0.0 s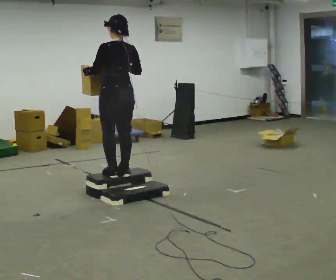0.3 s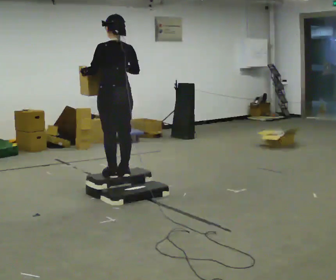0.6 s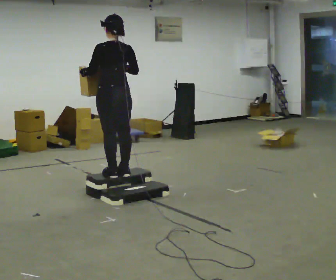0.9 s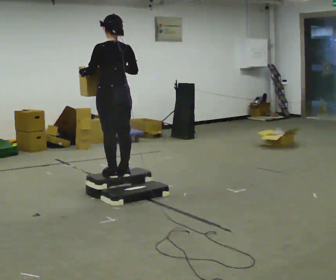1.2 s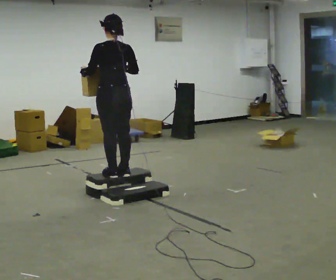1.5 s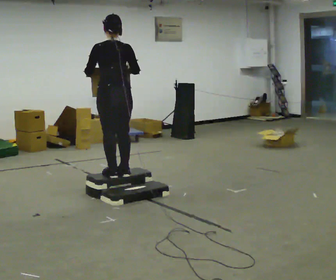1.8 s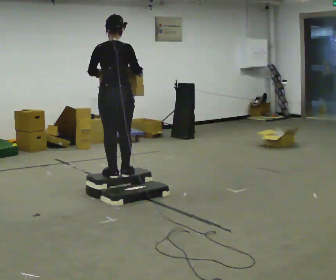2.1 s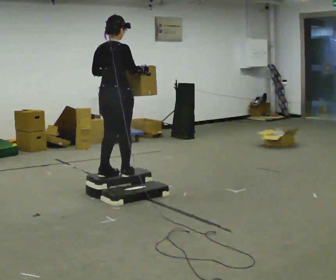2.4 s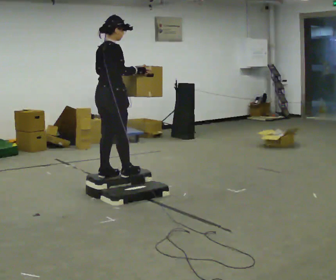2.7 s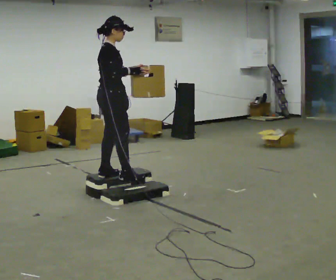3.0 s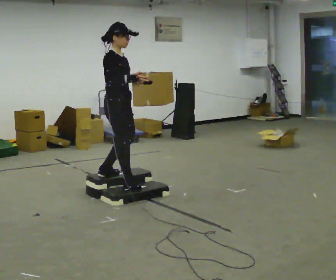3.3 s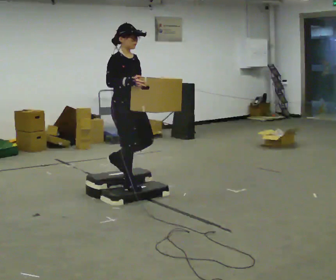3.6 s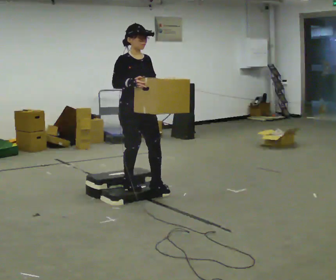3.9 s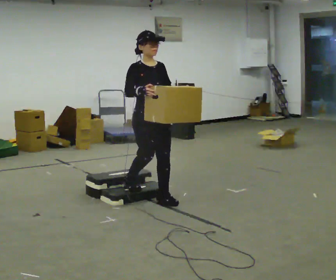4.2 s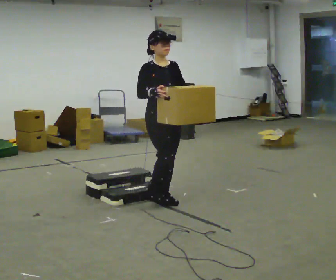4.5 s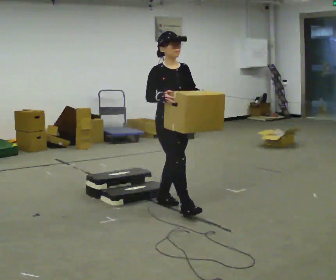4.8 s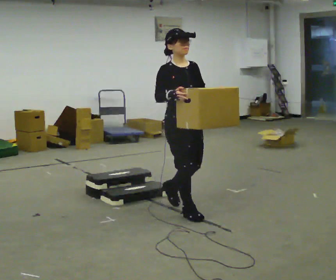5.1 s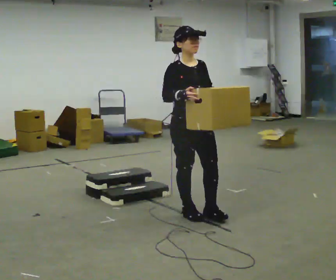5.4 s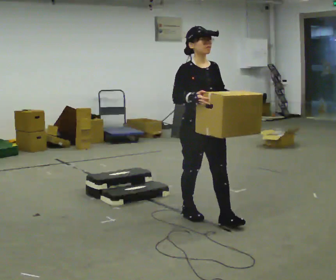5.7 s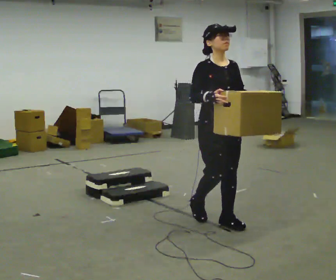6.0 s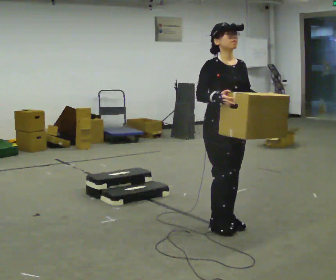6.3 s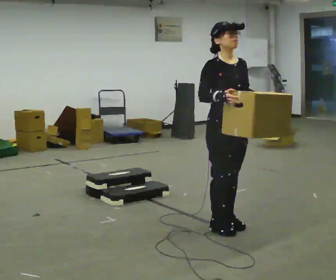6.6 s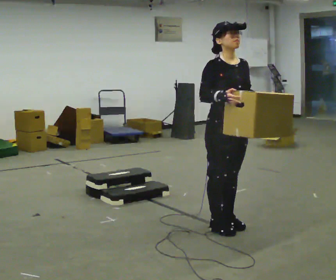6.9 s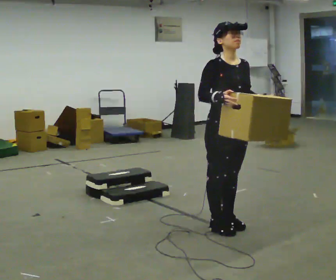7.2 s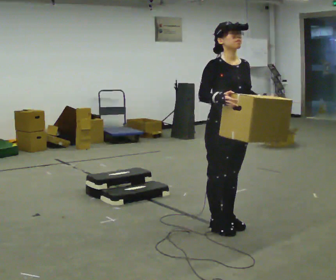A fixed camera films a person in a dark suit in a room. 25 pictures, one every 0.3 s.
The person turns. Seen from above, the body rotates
clockwise.
The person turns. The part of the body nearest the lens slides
to the left.
0.0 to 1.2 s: The person moves a little, or ends about where they began.
1.2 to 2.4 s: Seen from above the body turns clockwise, about 75 degrees: to their right, with its near side sliding to the left. In the picture their left hand goes to the right.
2.4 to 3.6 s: The part of the body nearest the lens slides to the left as the person turns to their right by about 75 degrees. In the picture they go to the right and toward the camera, about 0.25 m.
3.6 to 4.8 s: In the picture they go toward the camera and to the right, about 0.5 m in 2 steps, which for them is forward.
4.8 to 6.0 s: In the picture they go toward the camera and to the right, about 0.5 m in 1 step, which for them is forward.
6.0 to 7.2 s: The person moves a little, or ends about where they began.
The film runs forward here.
